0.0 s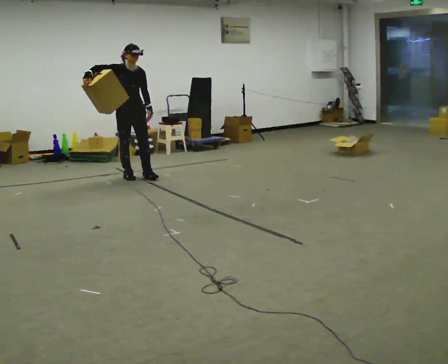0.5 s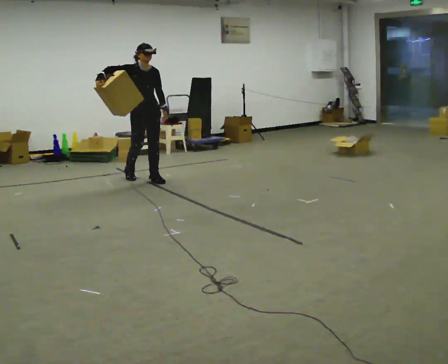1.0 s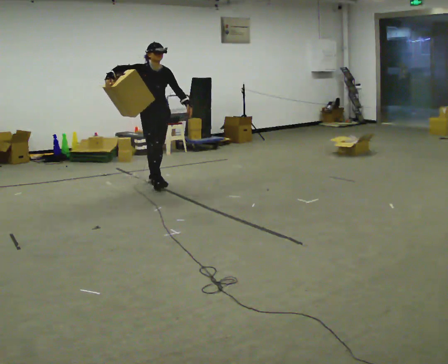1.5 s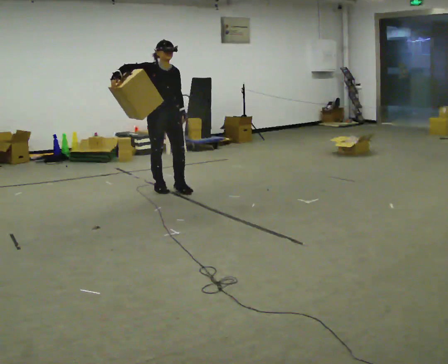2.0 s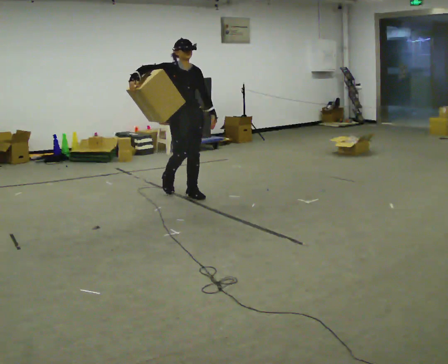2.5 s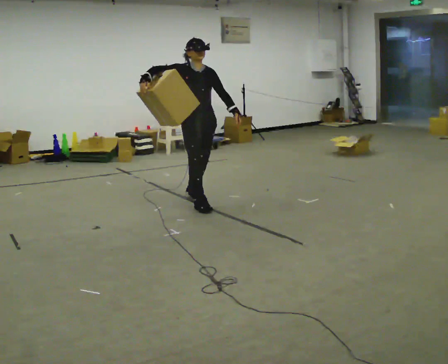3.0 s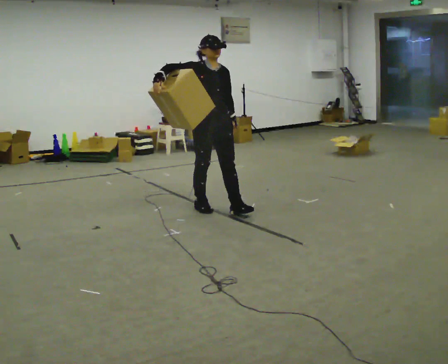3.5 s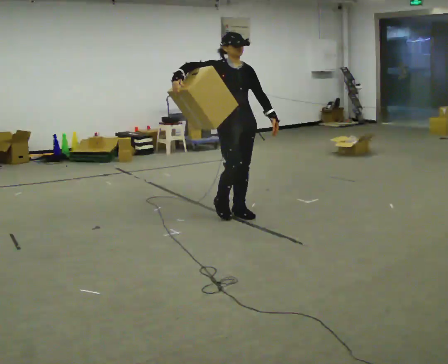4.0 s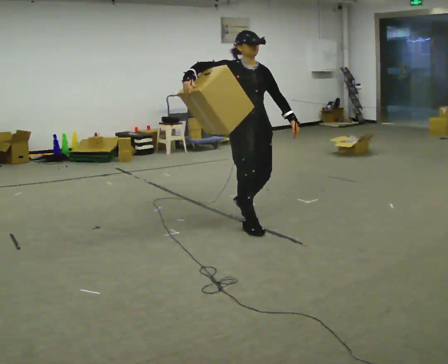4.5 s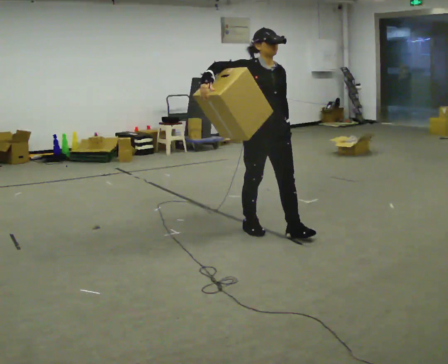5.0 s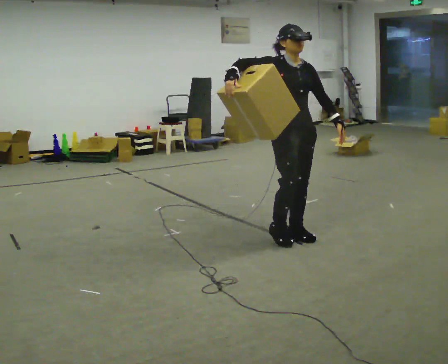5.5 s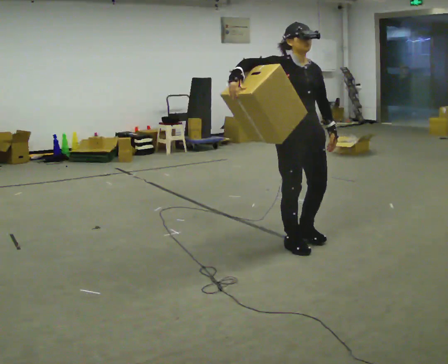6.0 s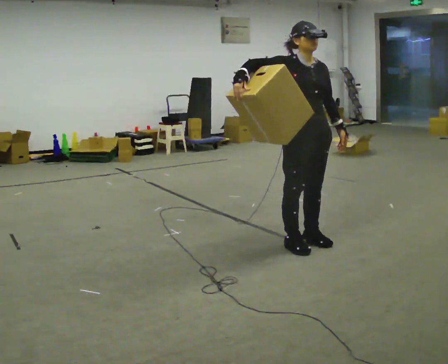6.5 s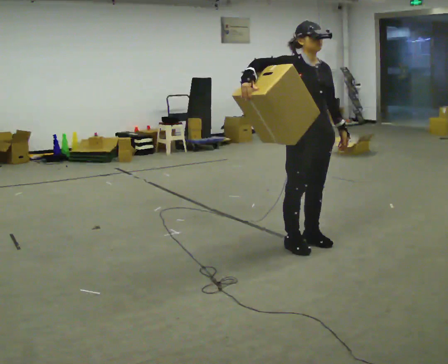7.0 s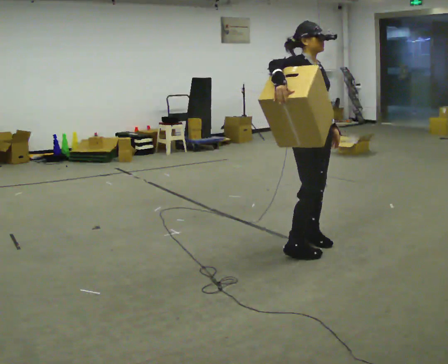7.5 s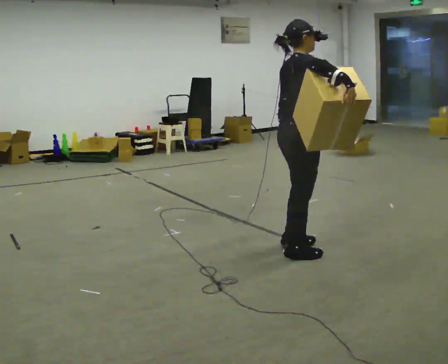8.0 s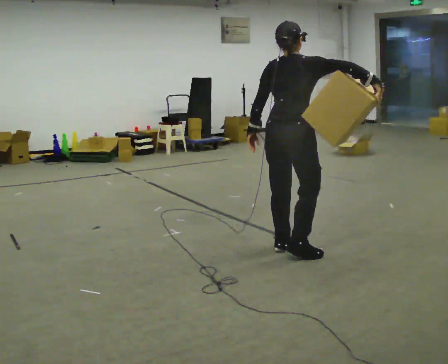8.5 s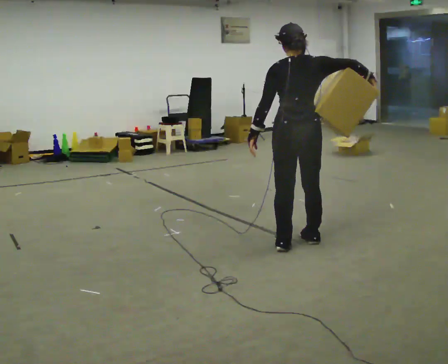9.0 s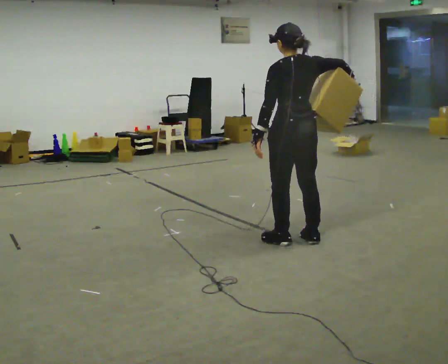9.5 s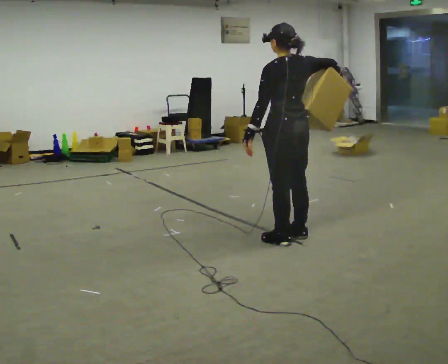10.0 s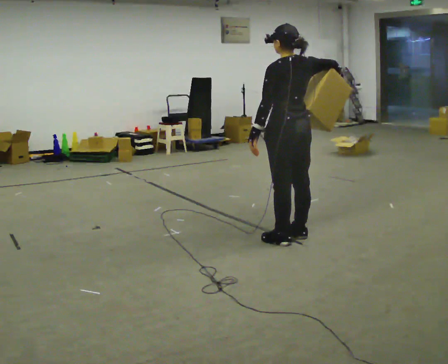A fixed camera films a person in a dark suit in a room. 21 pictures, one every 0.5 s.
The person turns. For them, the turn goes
to their left.
The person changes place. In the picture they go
to the right.
0.0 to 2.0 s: In the picture they go to the right and toward the camera, about 1 m in 3 steps, which for them is forward.
2.0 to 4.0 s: In the picture they go to the right and toward the camera, about 1 m in 3 steps, which for them is forward.
4.0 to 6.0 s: In the picture they go to the right and toward the camera, about 0.75 m in 3 steps, which for them is forward.
6.0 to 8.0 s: The person turns about 120 degrees to their left, counterclockwise seen from above, so the part of the body nearest the lens slides to the right. In the picture they go toward the camera, about 0.25 m in 2 steps. In the picture their right hand goes to the right.
8.0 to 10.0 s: The person turns about 60 degrees to their left, counterclockwise seen from above, so the part of the body nearest the lens slides to the right. In the picture they go away from the camera, about 0.25 m in 1 step.
The film runs forward here.
